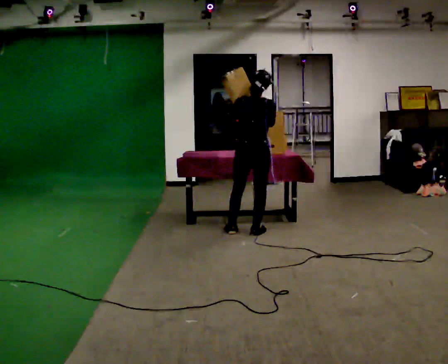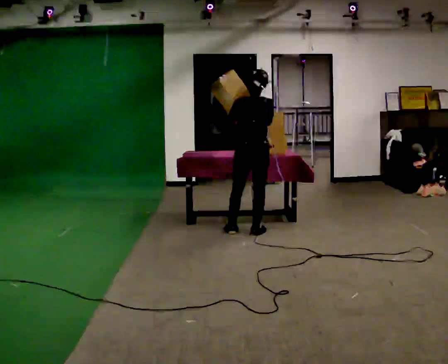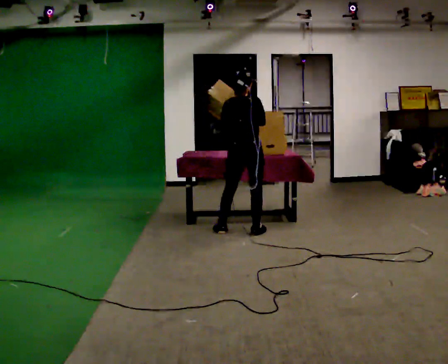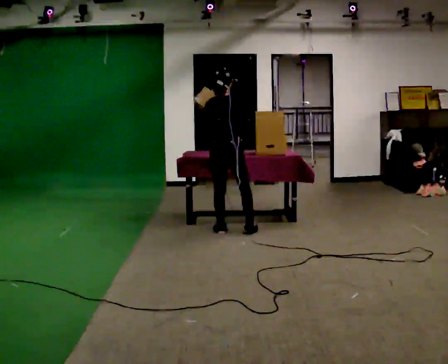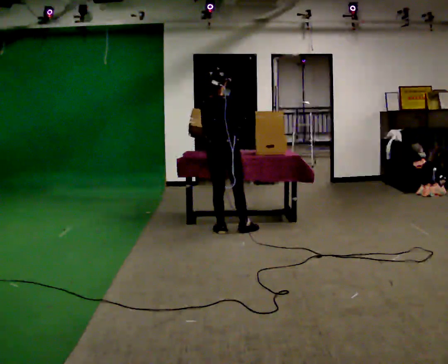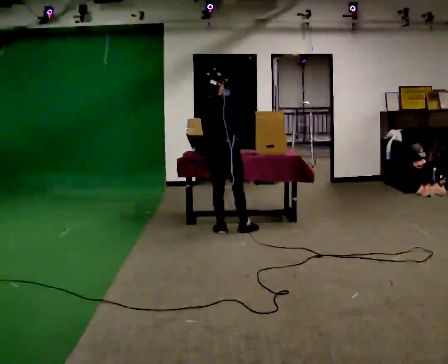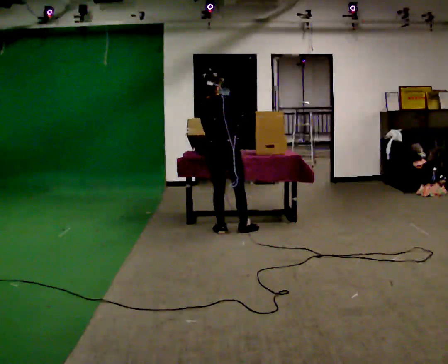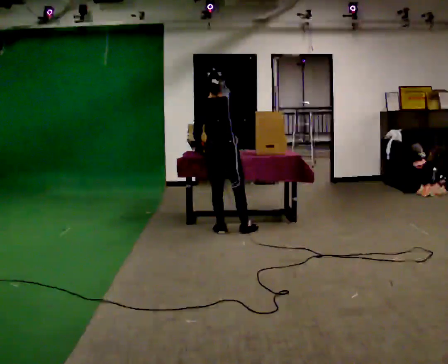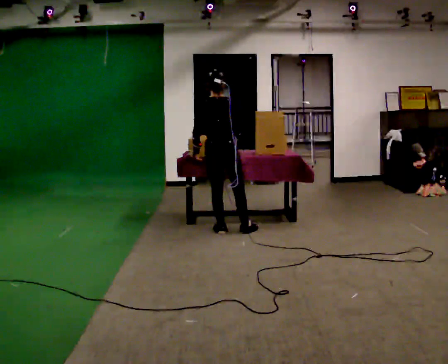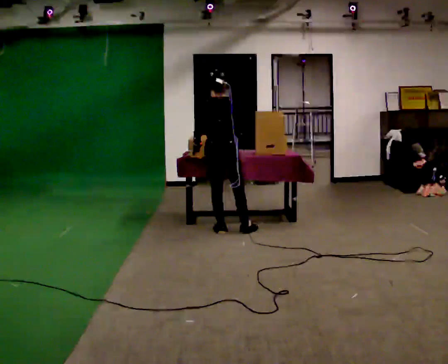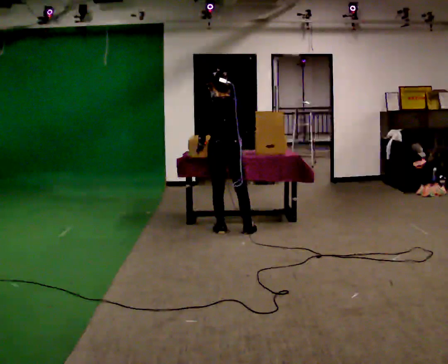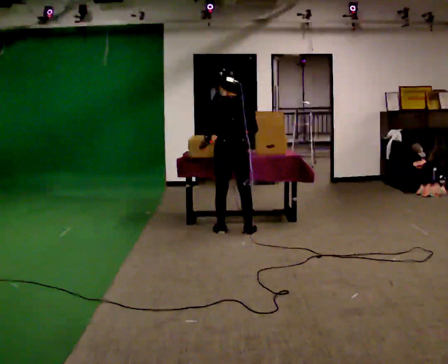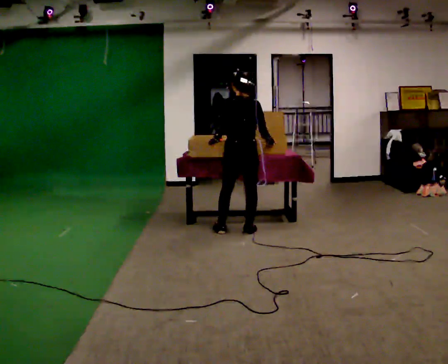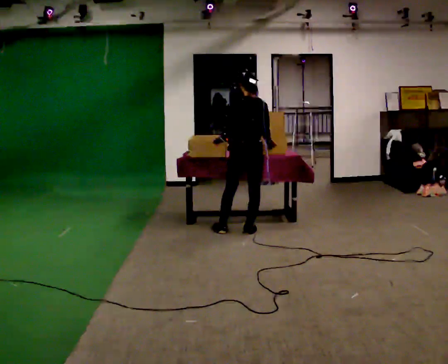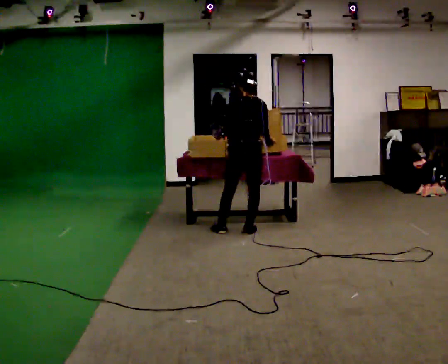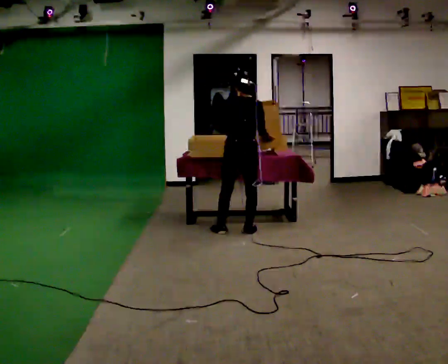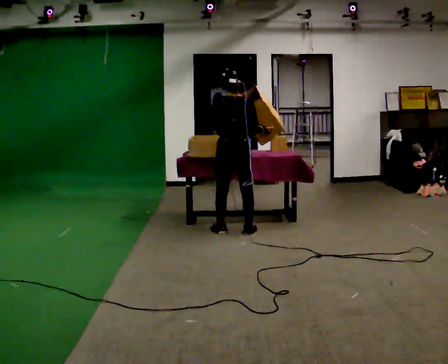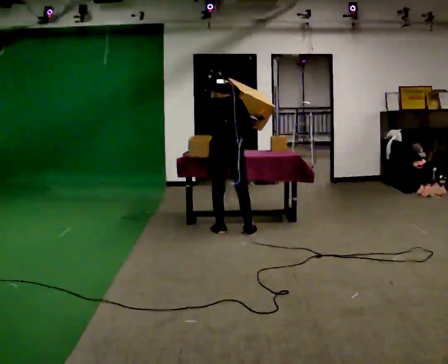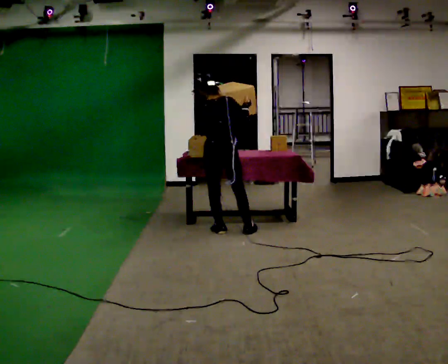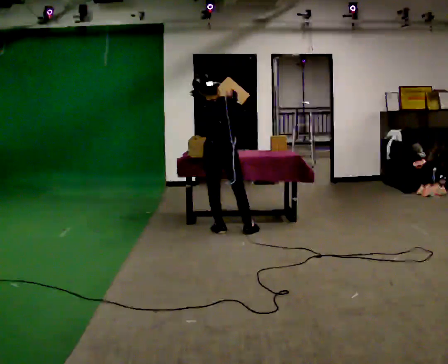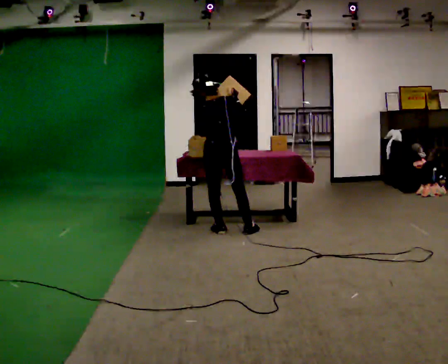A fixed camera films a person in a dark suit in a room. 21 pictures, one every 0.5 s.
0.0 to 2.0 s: The part of the body nearest the lens slides to the left as the person turns to their right by about 30 degrees. In the picture they go to the left, about 0.25 m, which for them is to their left.
2.0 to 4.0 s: The person moves a little, or ends about where they began.
4.0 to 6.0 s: In the picture they go to the right, about 0.25 m, which for them is to their right. In the picture their right hand goes to the right.
6.0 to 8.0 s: The person moves a little, or ends about where they began.
8.0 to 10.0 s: In the picture their right hand goes upward.
The film runs backward here.
